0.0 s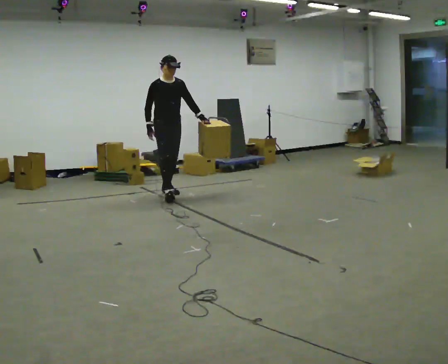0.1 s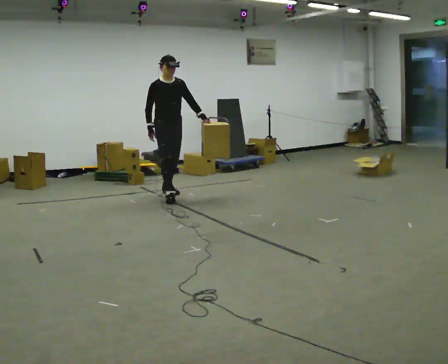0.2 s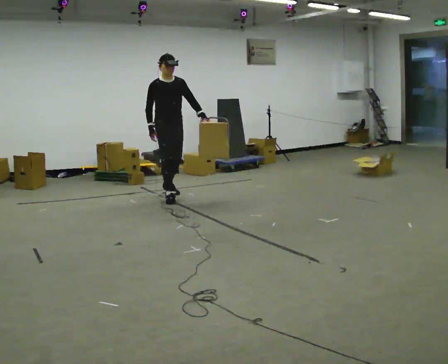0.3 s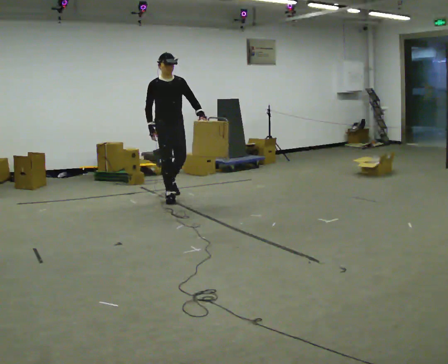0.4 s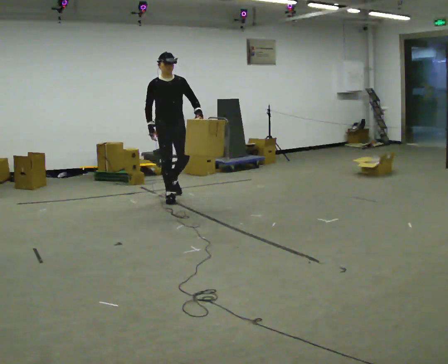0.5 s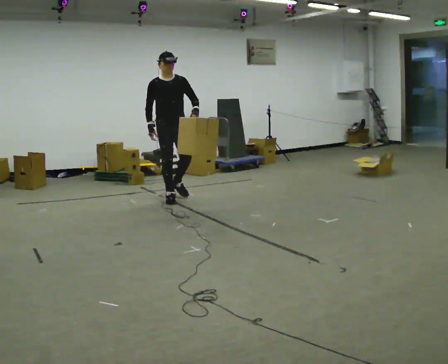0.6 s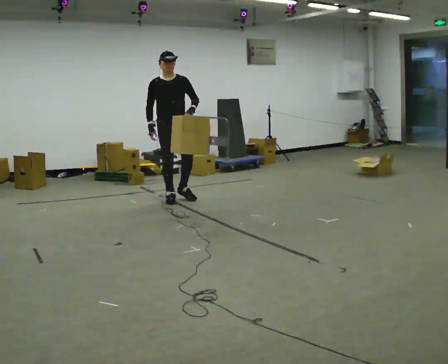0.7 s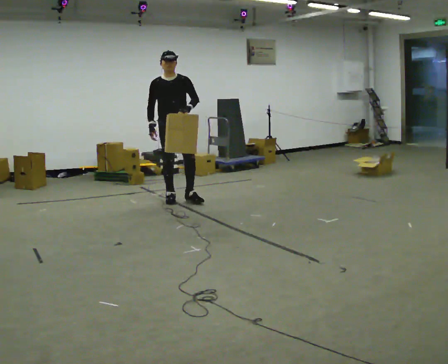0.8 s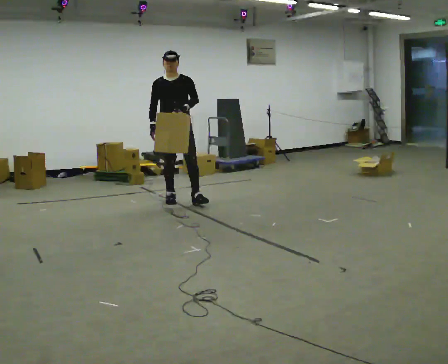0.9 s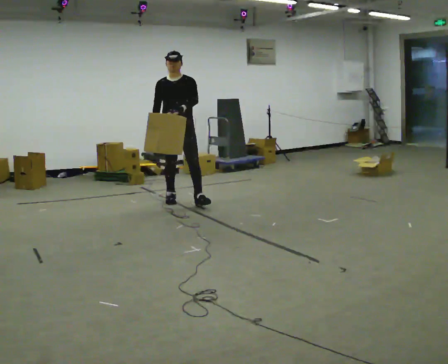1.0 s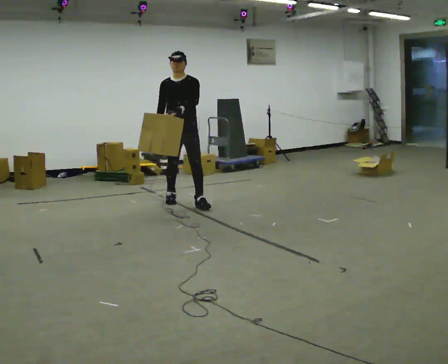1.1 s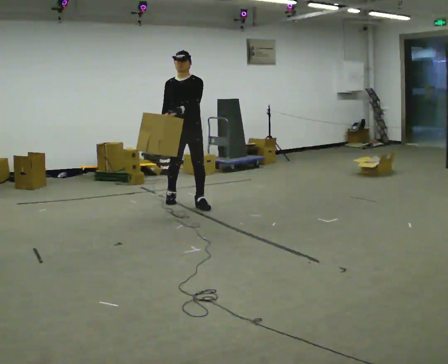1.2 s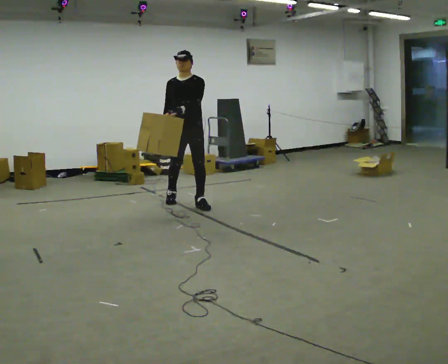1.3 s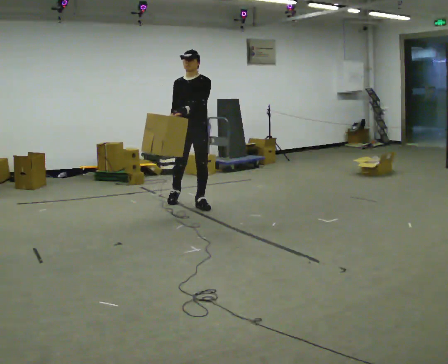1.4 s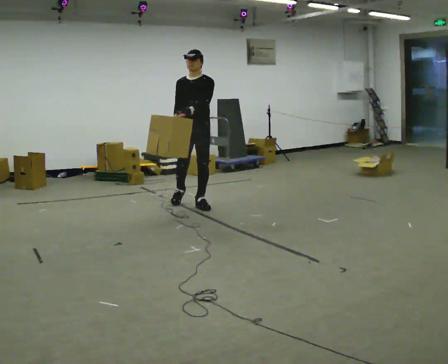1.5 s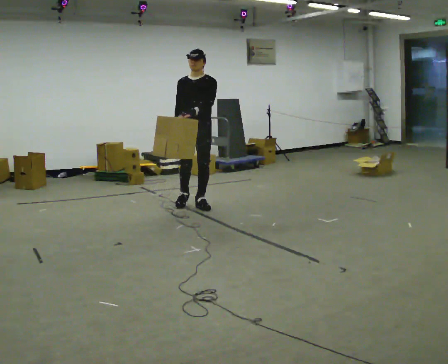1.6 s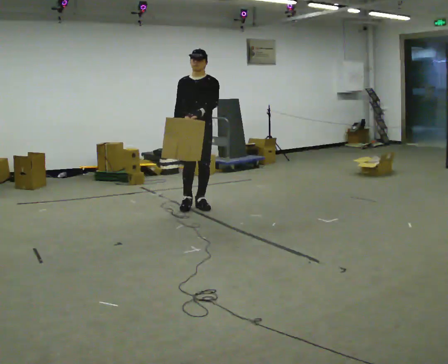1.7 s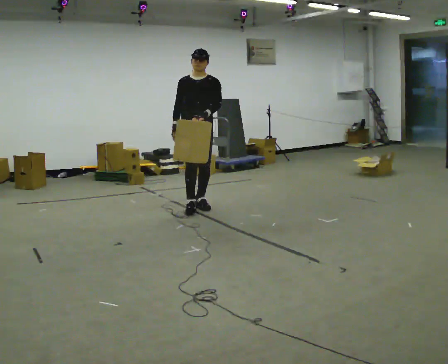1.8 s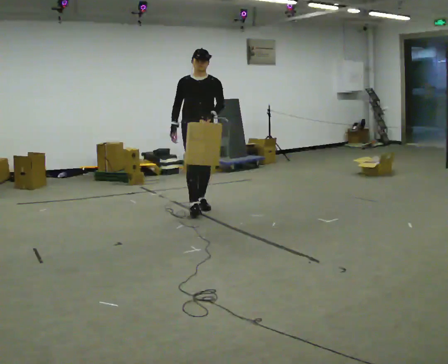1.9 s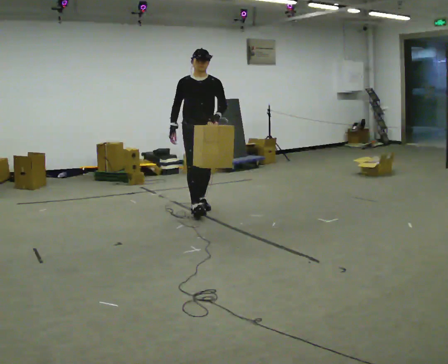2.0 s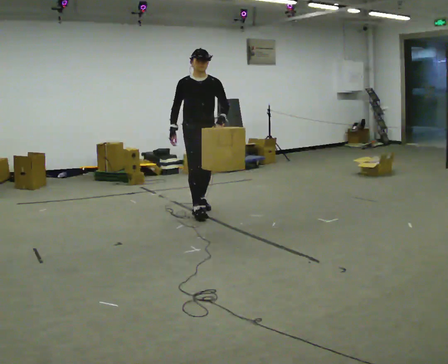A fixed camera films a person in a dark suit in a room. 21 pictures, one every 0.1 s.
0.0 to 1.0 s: The part of the body nearest the lens slides to the left as the person turns to their right by about 30 degrees. In the picture they go toward the camera and to the right, about 0.5 m in 1 step, which for them is forward.
1.0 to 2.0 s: The part of the body nearest the lens slides to the right as the person turns to their left by about 30 degrees. In the picture they go toward the camera and to the right, about 0.5 m in 1 step, which for them is forward and to their left.
The film runs forward here.
